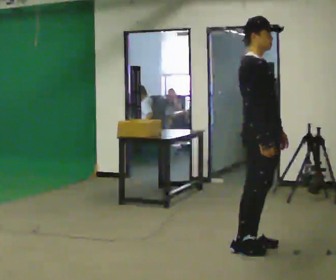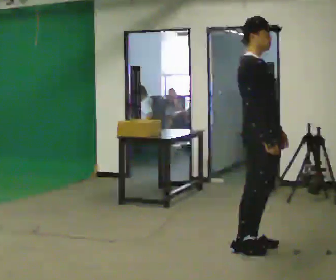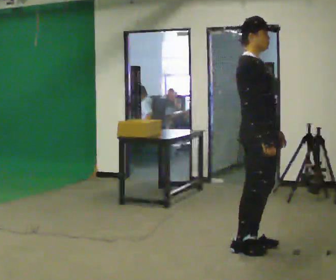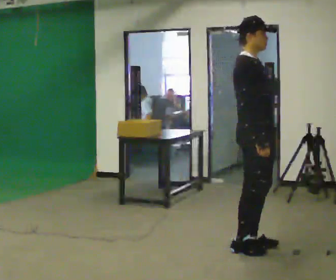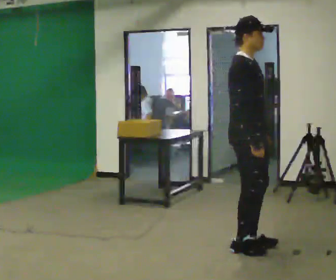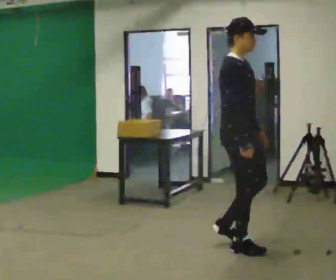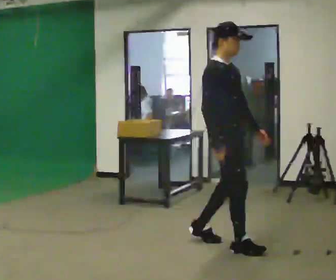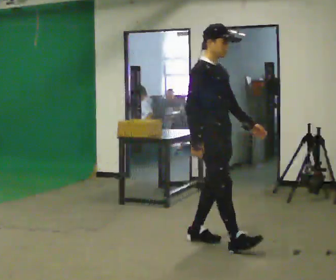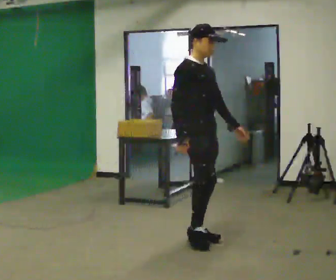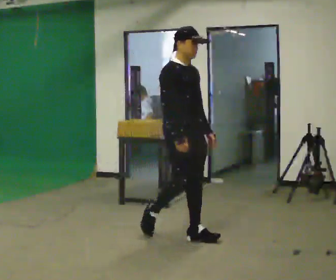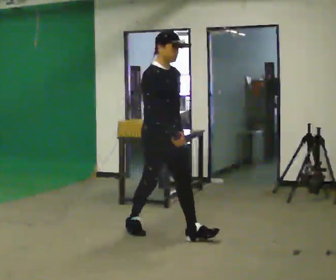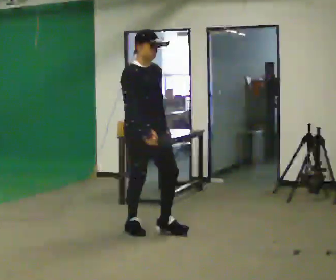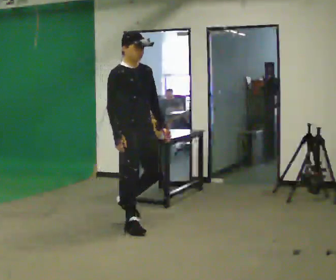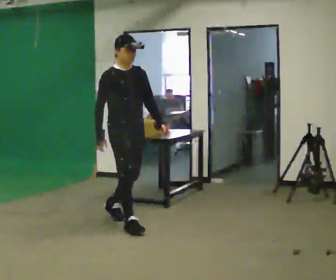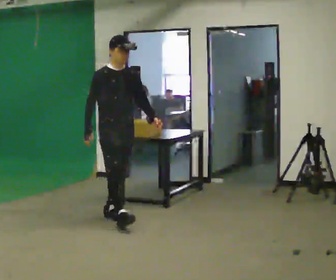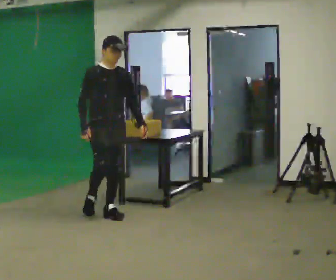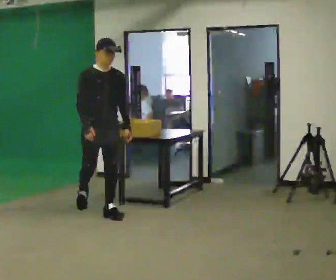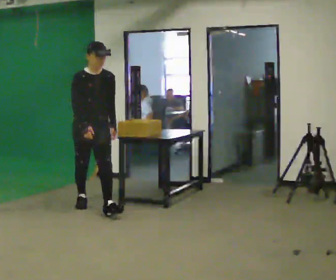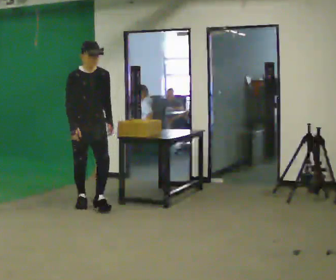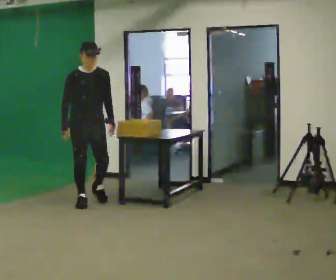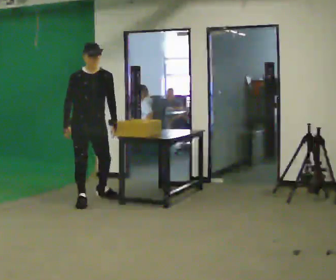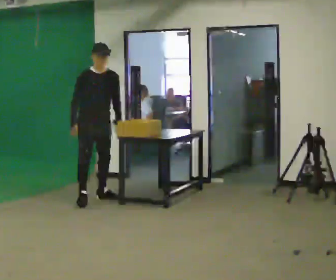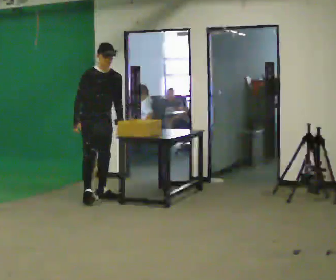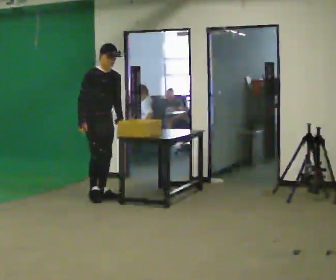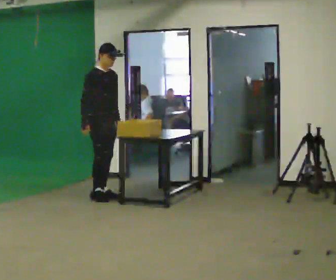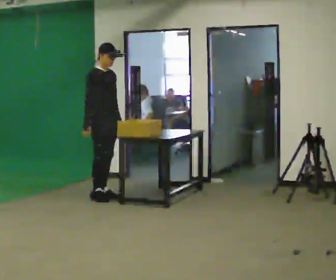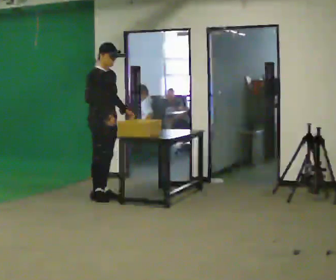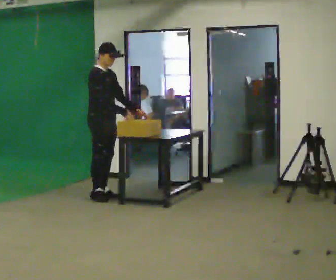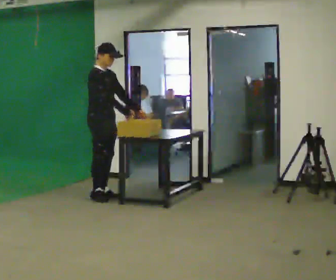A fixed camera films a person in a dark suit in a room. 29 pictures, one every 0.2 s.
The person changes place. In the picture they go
away from the camera.
The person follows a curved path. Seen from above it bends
clockwise.
0.0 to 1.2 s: In the picture they go to the left, about 0.25 m in 1 step, which for them is backward.
1.2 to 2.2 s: In the picture they go to the left and away from the camera, about 1 m in 2 steps, which for them is backward.
2.2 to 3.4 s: In the picture they go away from the camera and to the left, about 1 m in 2 steps, which for them is backward.
3.4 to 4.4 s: In the picture they go away from the camera, about 0.75 m in 1 step, which for them is backward.
4.4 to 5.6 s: Seen from above the body turns counterclockwise, about 30 degrees: to their left, with its near side sliding to the right. In the picture their right hand goes to the right, the arm swinging counterclockwise.
The film runs backward here.
